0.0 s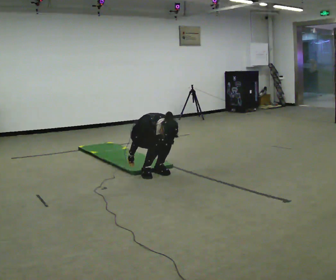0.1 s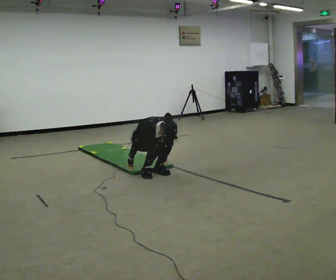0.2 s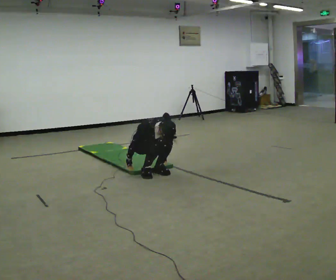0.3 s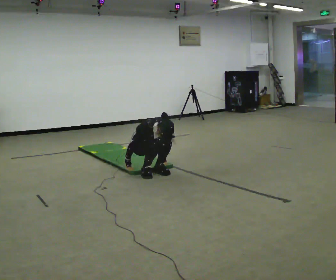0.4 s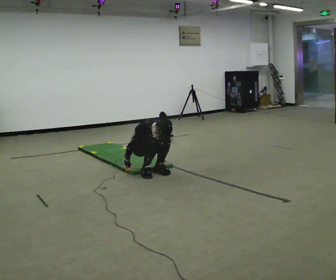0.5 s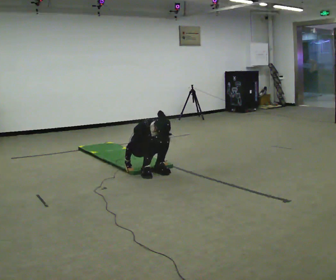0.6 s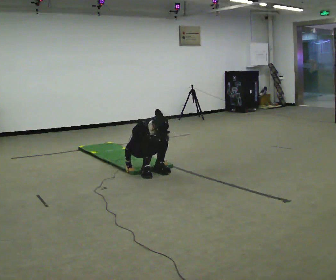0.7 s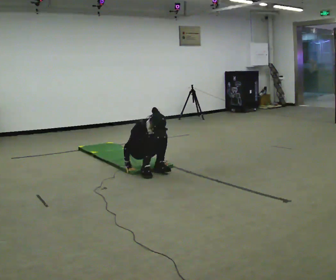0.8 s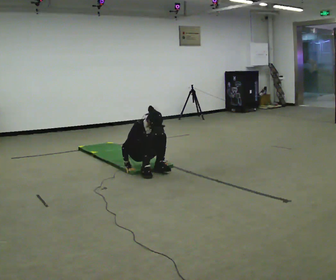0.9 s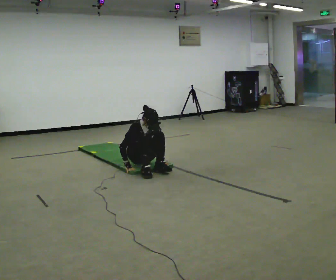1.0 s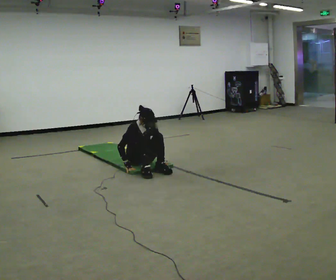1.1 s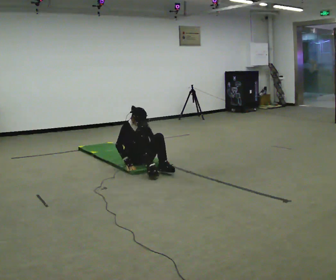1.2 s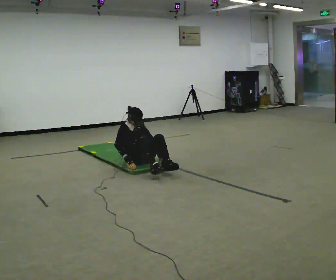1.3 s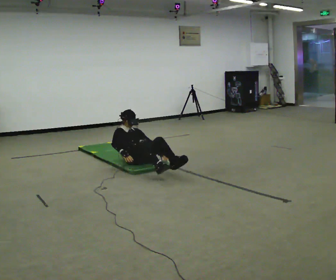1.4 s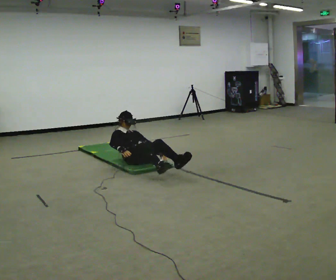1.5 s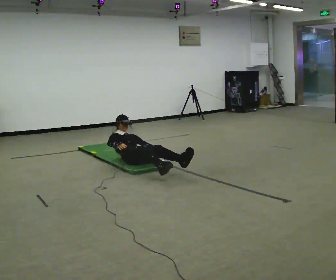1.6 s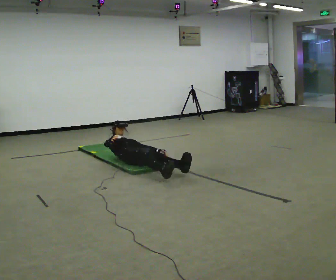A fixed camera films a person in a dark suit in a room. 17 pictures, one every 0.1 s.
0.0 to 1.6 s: In the picture they go away from the camera, about 0.25 m in 2 steps, which for them is backward. The shoulders move downward. The upper body tips away from the camera, its near side rolling upward, as they lean back or straighten.
The film runs forward here.
